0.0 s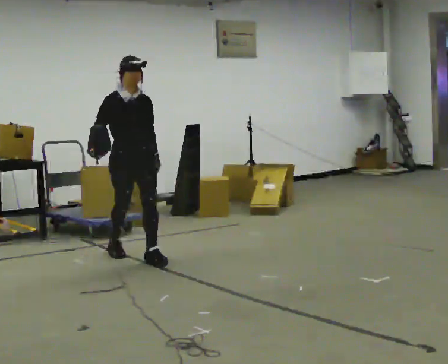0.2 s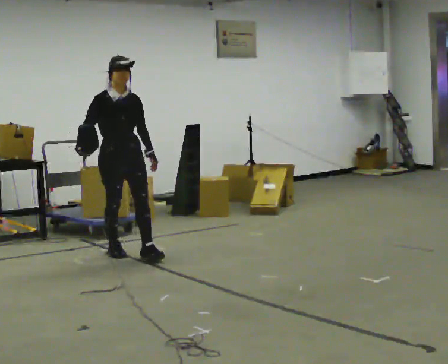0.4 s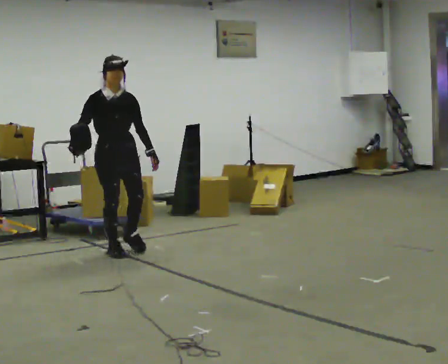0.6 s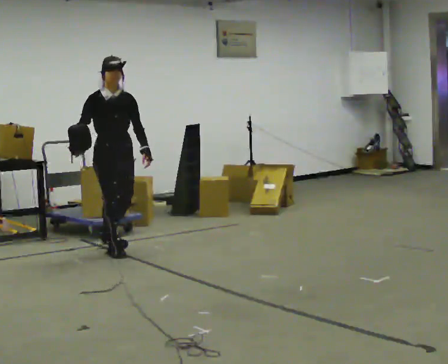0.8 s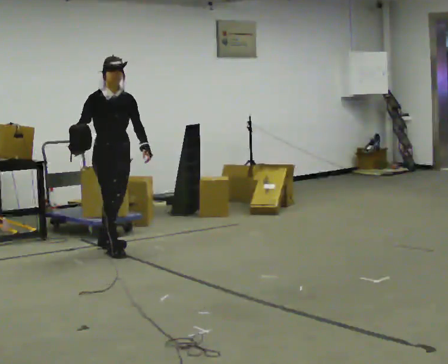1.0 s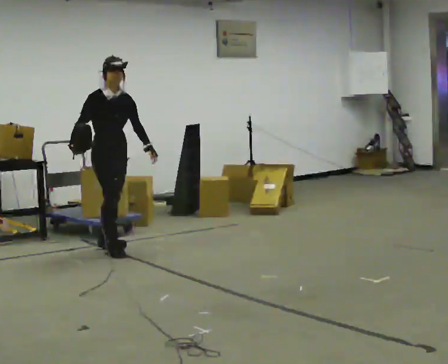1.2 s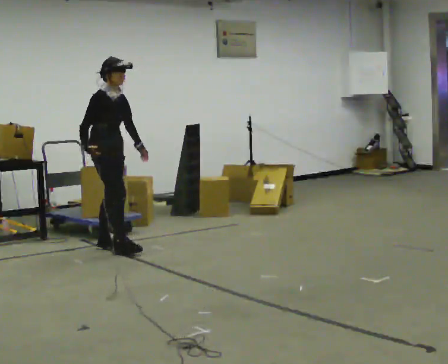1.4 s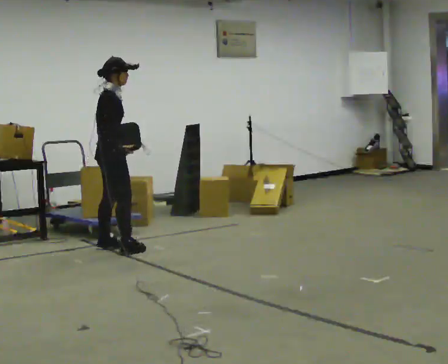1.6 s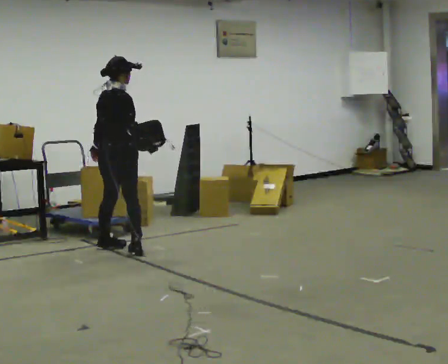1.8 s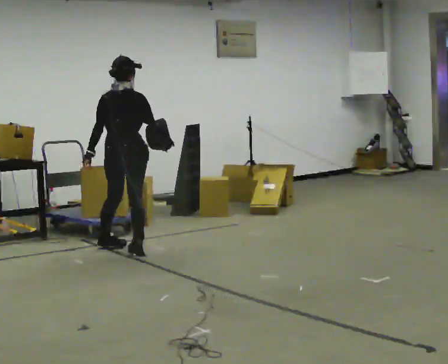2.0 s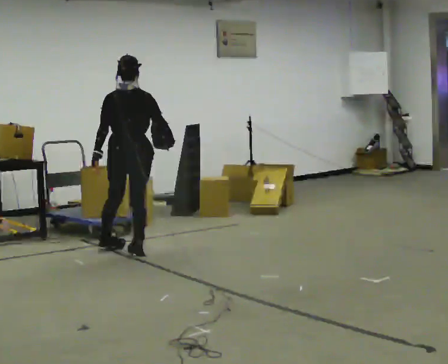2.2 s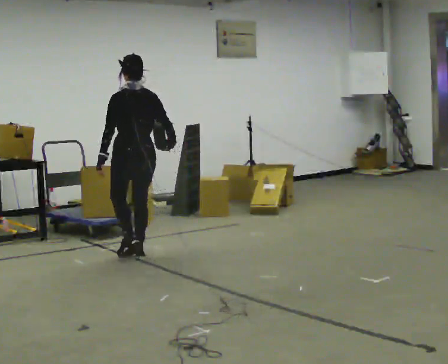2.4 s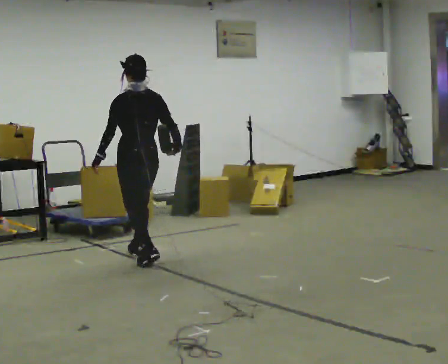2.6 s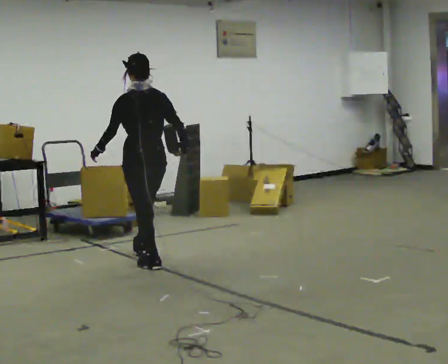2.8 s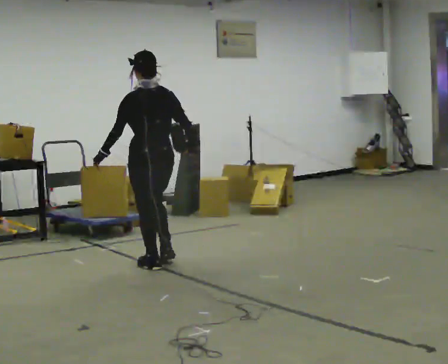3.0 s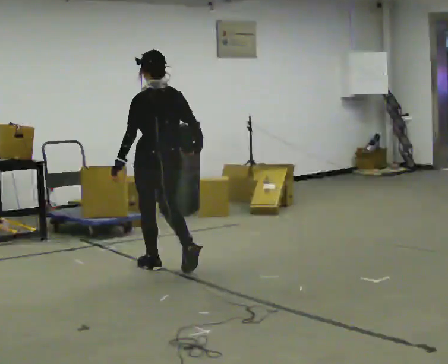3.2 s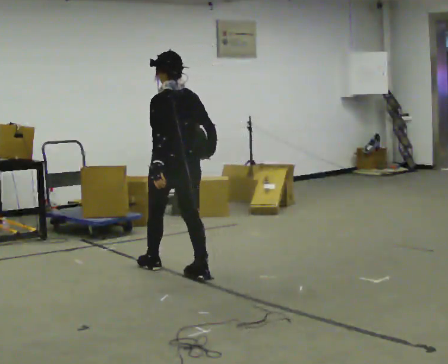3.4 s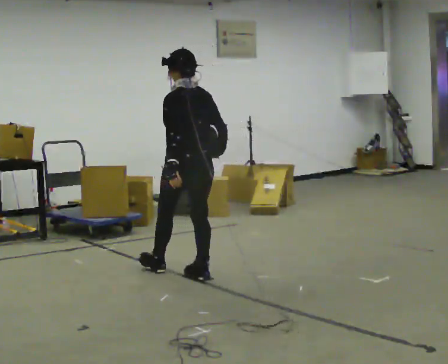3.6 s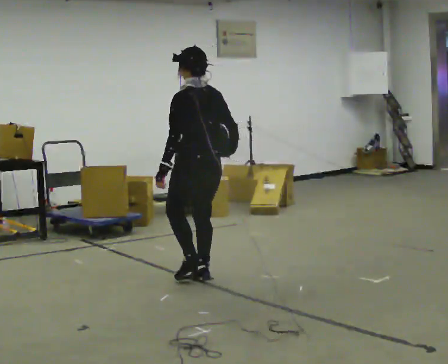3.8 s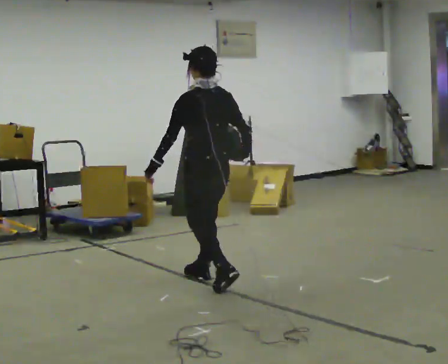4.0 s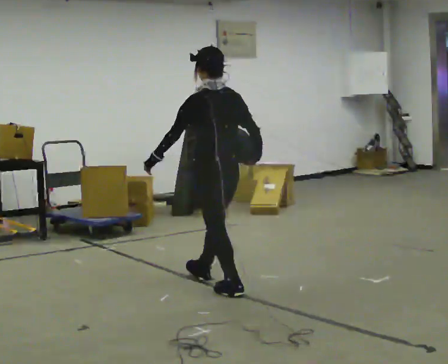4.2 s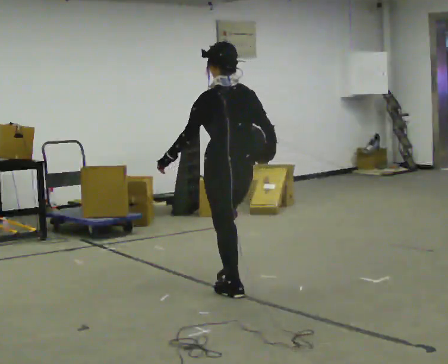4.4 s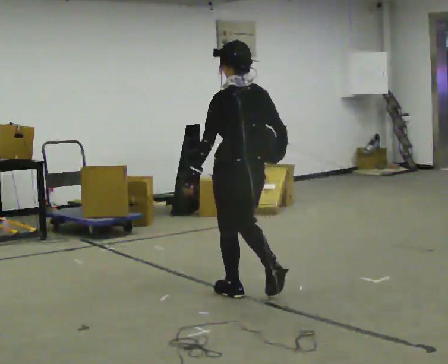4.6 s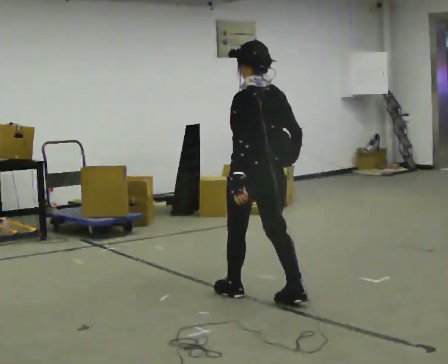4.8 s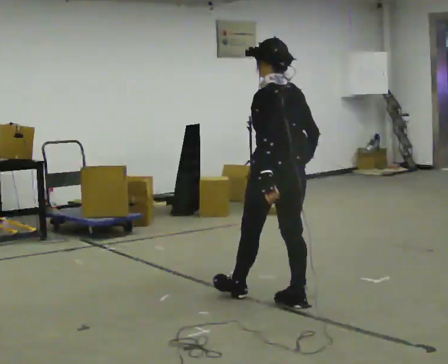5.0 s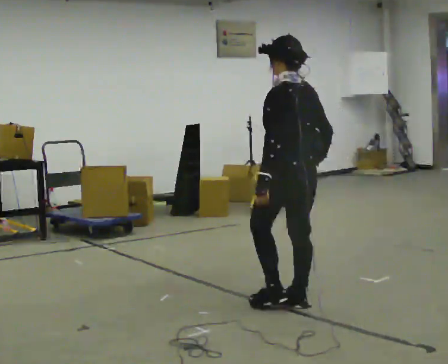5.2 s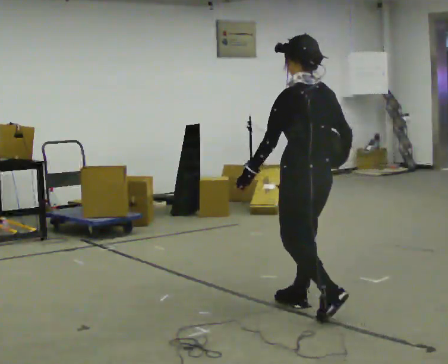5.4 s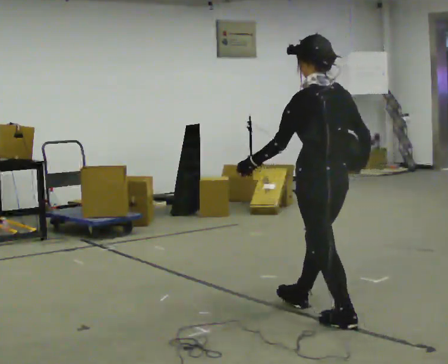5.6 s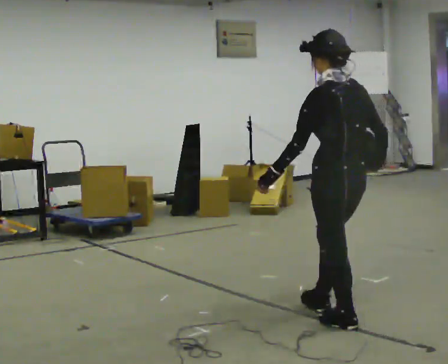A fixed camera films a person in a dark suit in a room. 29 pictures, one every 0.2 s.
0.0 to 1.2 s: The person turns about 45 degrees to their left, counterclockwise seen from above, so the part of the body nearest the lens slides to the right. In the picture they go away from the camera and to the left, about 0.5 m in 1 step, which for them is backward.
1.2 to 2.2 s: Seen from above the body turns counterclockwise, about 135 degrees: to their left, with its near side sliding to the right. In the picture they go to the right and toward the camera, about 0.5 m in 1 step.
2.2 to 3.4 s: In the picture they go toward the camera and to the right, about 1 m in 2 steps, which for them is backward.
3.4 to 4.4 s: In the picture they go toward the camera and to the right, about 0.75 m in 1 step, which for them is backward.
4.4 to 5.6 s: In the picture they go toward the camera and to the right, about 1 m in 2 steps, which for them is backward.
The film runs backward here.
